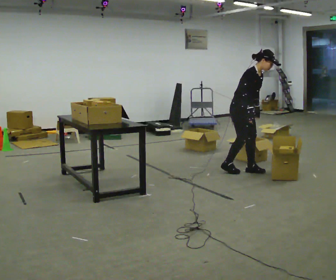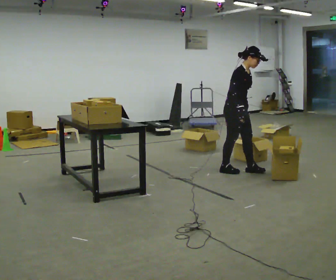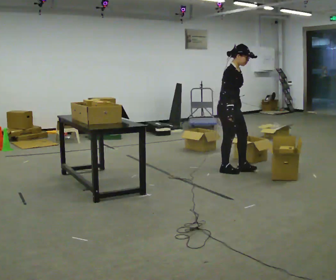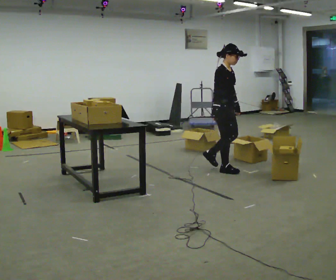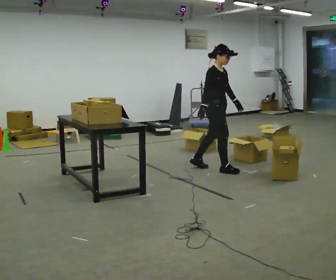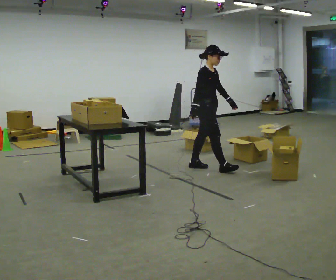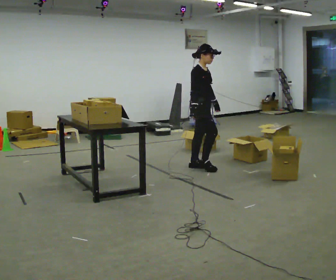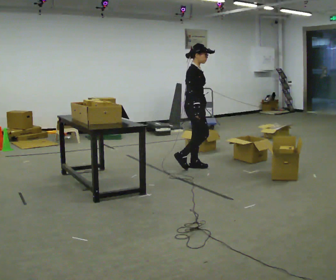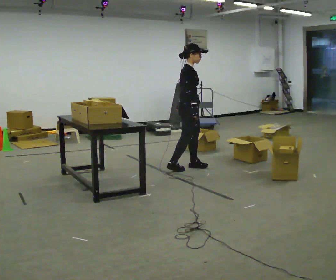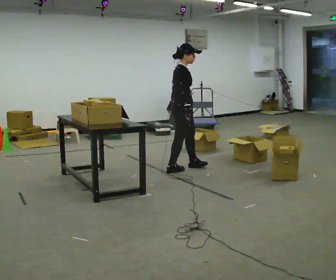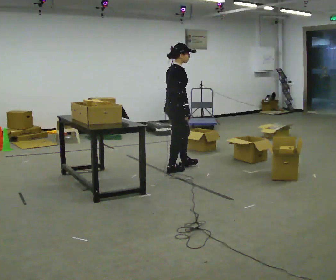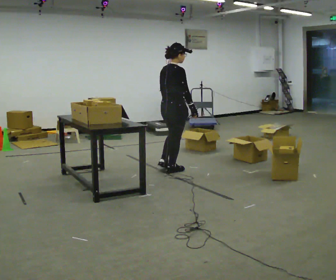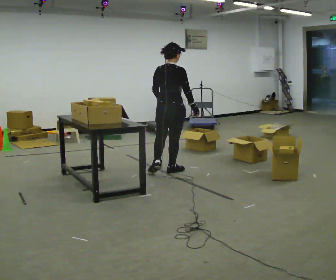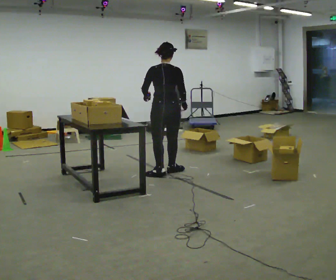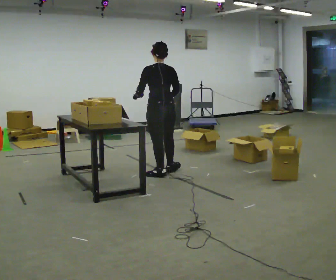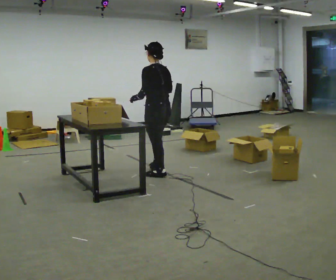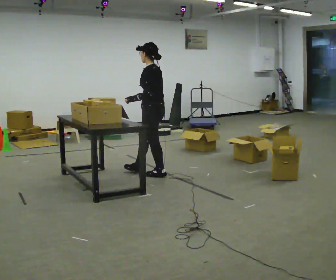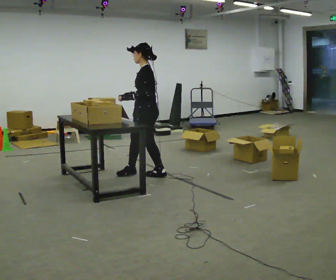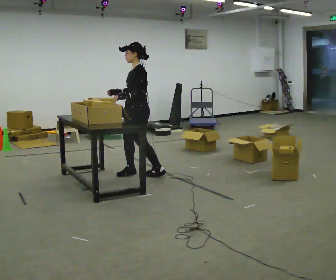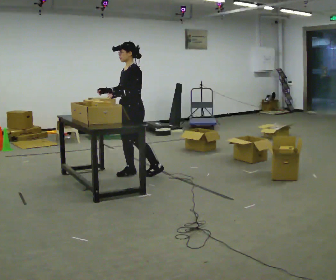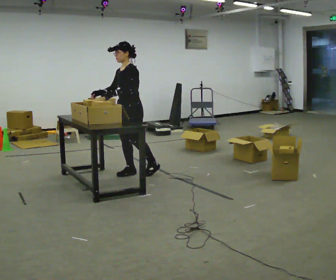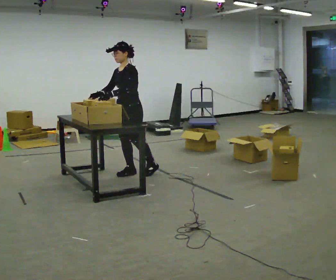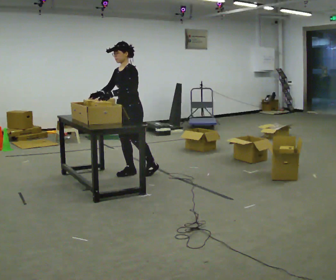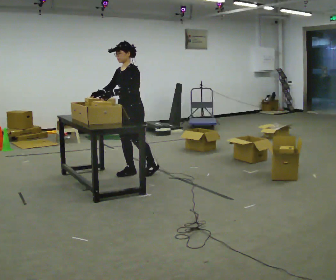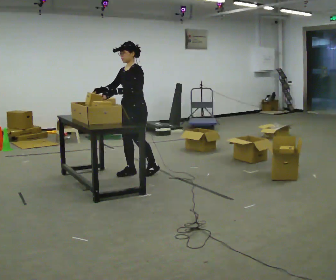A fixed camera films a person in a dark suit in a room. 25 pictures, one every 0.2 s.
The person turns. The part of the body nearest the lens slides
to the right.
The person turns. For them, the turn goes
to their left.
0.0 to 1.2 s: In the picture they go to the left and away from the camera, about 0.5 m in 2 steps, which for them is backward. In the picture the upper body tilts counterclockwise, shoulders to the left, as they lean back or straighten.
1.2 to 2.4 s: Seen from above the body turns counterclockwise, about 90 degrees: to their left, with its near side sliding to the right. In the picture they go to the left and toward the camera, about 0.5 m in 1 step.
2.4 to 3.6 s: The part of the body nearest the lens slides to the right as the person turns to their left by about 135 degrees. In the picture they go to the left, about 0.25 m in 1 step.
3.6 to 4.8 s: The part of the body nearest the lens slides to the right as the person turns to their left by about 30 degrees.
The film runs backward here.
